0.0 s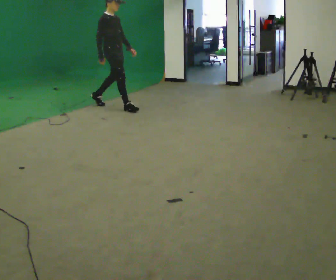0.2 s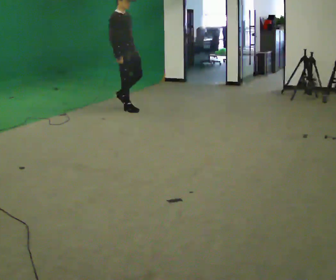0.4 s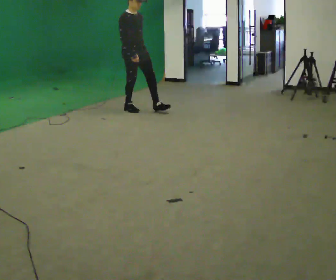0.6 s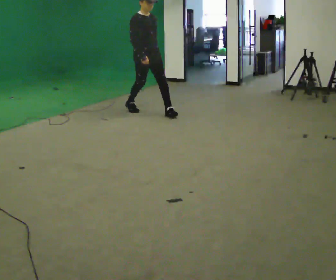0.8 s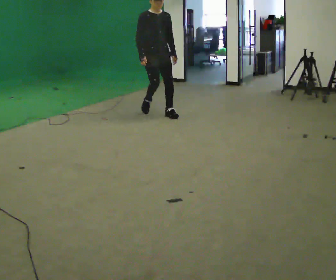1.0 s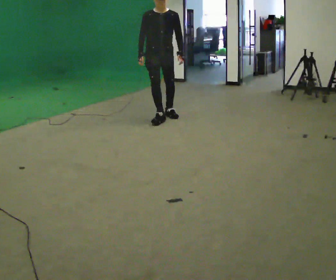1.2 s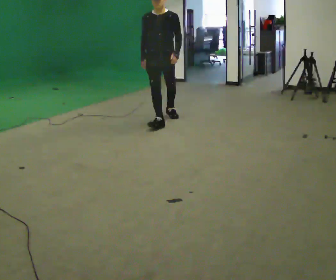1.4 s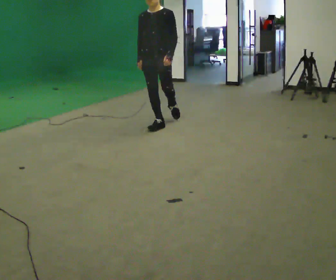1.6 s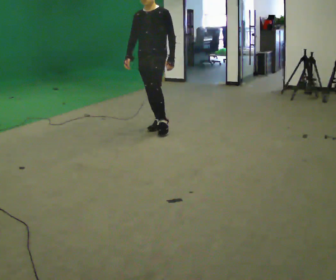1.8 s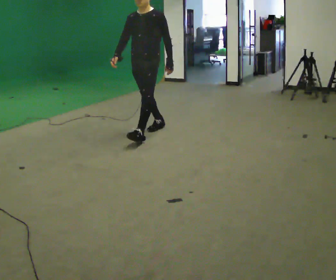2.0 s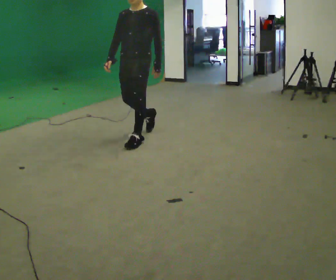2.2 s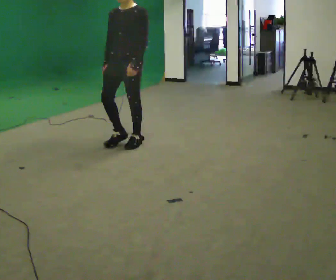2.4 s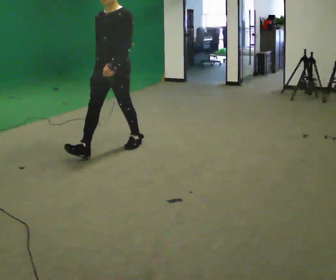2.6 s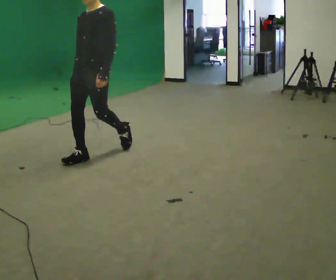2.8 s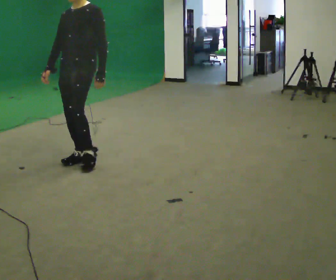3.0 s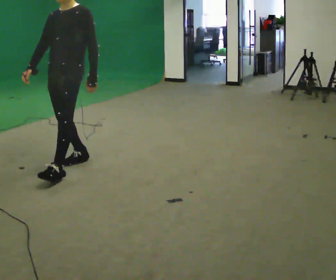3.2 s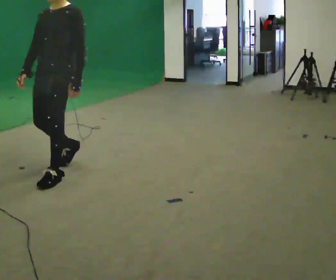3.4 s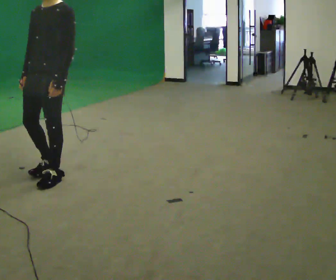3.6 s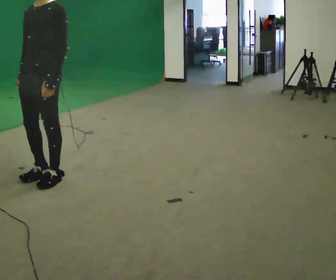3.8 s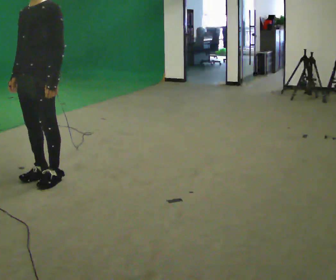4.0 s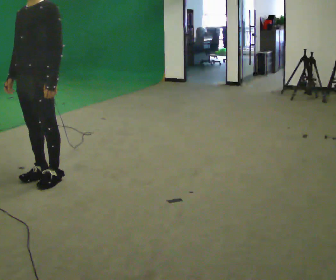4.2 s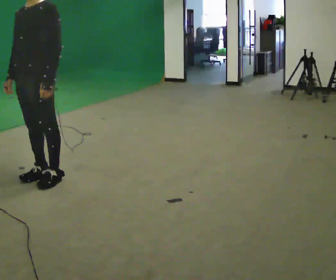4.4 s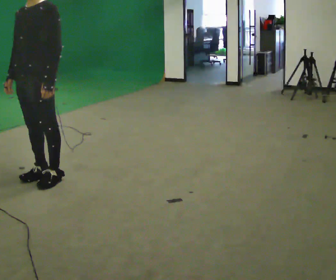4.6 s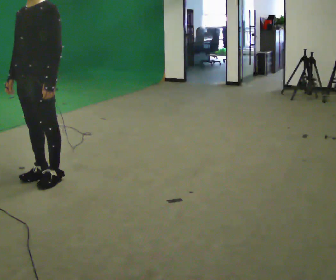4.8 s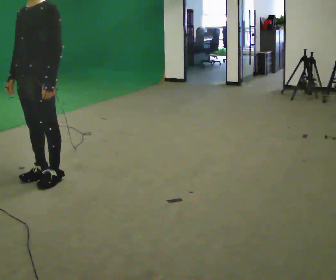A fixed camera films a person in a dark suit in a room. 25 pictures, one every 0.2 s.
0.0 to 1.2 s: The person turns about 75 degrees to their right, clockwise seen from above, so the part of the body nearest the lens slides to the left. In the picture they go toward the camera and to the right, about 1 m in 2 steps.
1.2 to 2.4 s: In the picture they go toward the camera and to the left, about 1 m in 1 step, which for them is forward.
2.4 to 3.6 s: In the picture they go toward the camera and to the left, about 1 m in 3 steps, which for them is forward.
3.6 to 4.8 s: The person moves a little, or ends about where they began.
The film runs forward here.
